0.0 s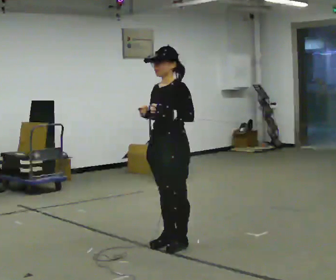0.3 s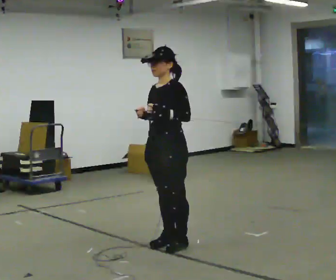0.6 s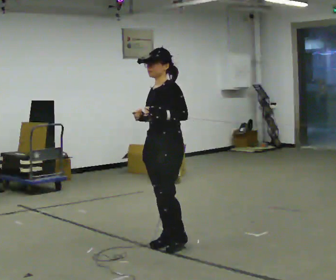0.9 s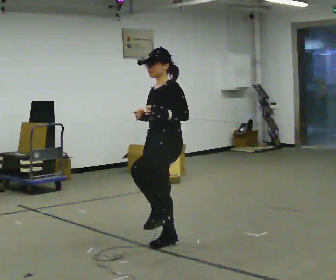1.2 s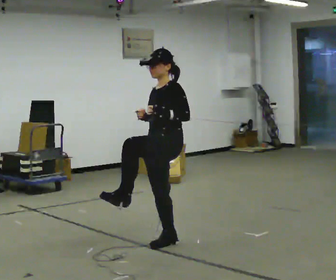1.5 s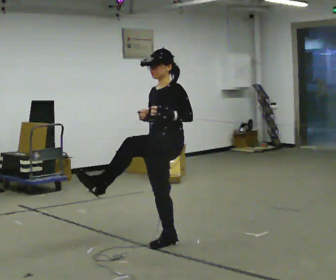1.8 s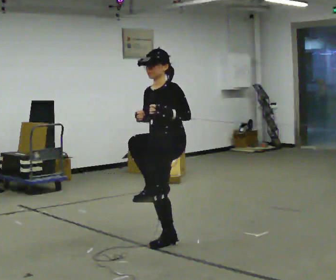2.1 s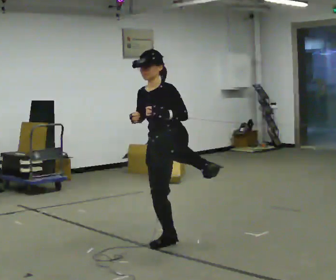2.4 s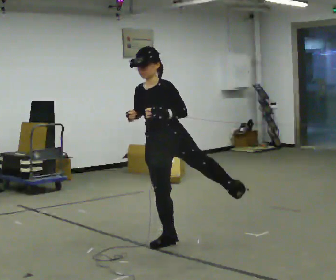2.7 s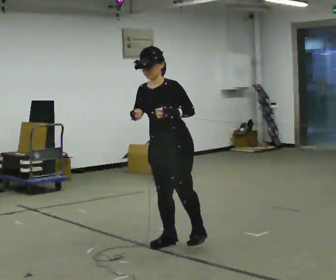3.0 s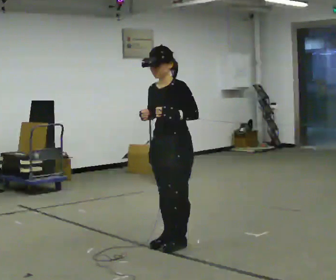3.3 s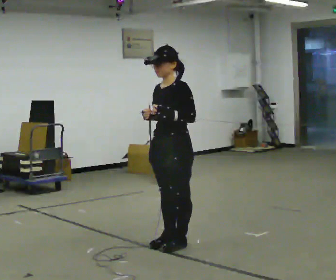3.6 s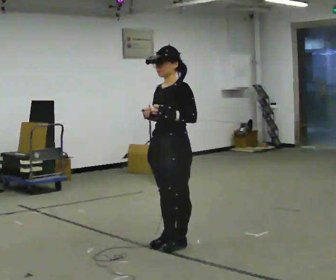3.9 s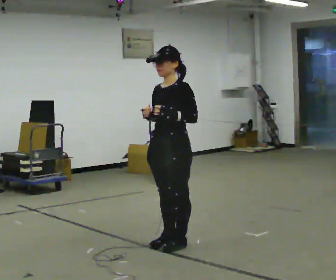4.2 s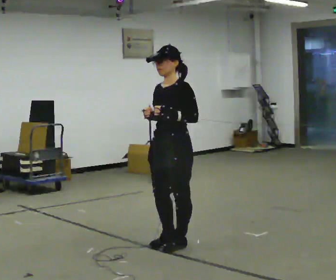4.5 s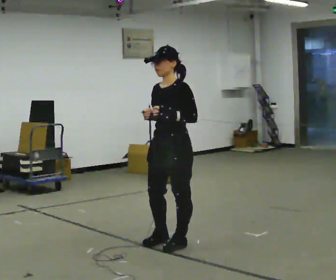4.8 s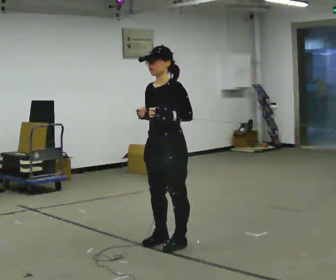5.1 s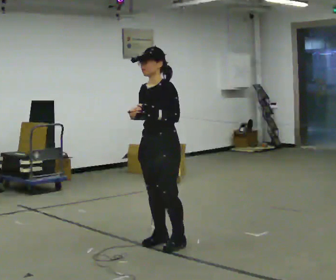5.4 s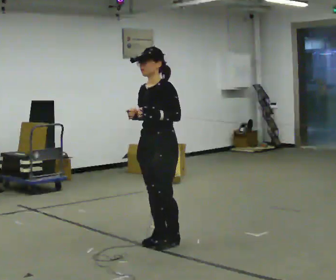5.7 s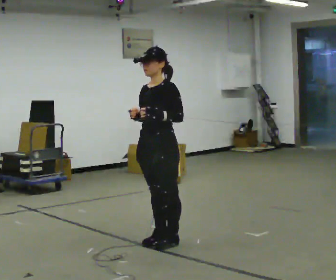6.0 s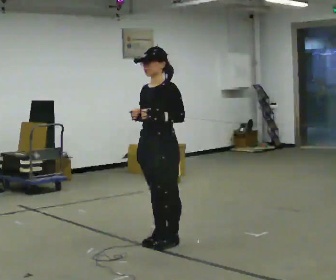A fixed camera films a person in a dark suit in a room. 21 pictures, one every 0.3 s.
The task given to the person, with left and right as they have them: Kick into the air with each leg in turn, front kicks and side kicks, at a comfortable height. Repeat the movement at your own pace until the operator says stop; do not rush.
0.0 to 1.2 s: The person moves a little, or ends about where they began.
1.2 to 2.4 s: Seen from above the body turns counterclockwise, about 30 degrees: to their left, with its near side sliding to the right.
2.4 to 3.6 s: In the picture the upper body tilts clockwise, shoulders to the right.
3.6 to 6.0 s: The person moves a little, or ends about where they began.
The film runs forward here.
